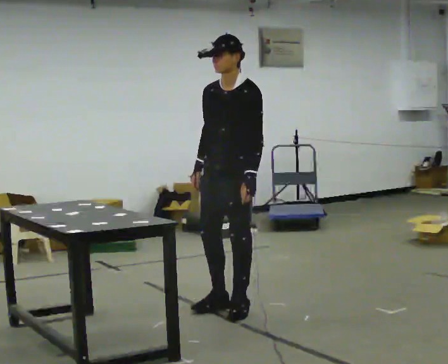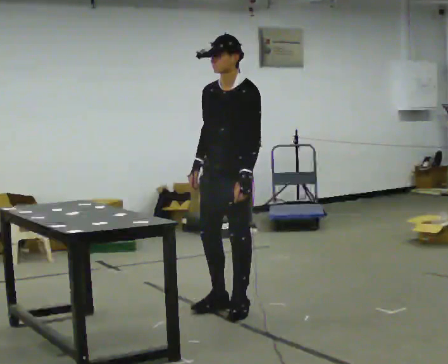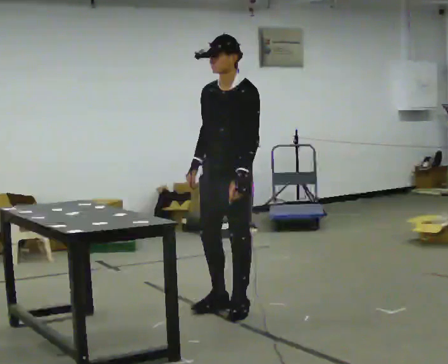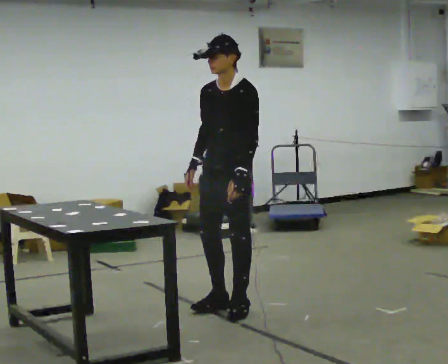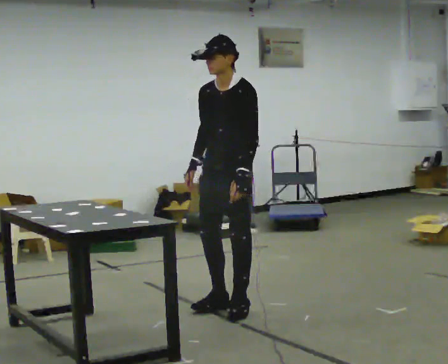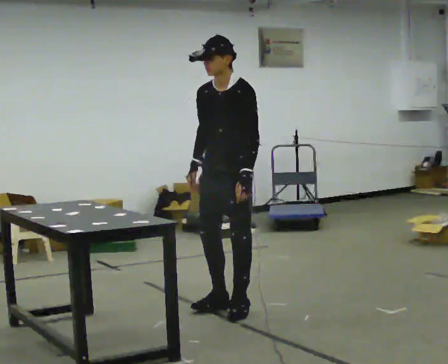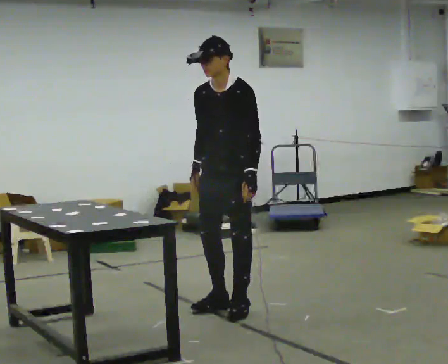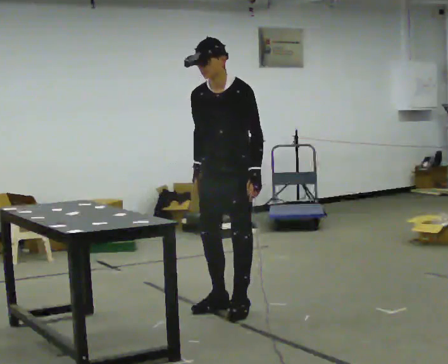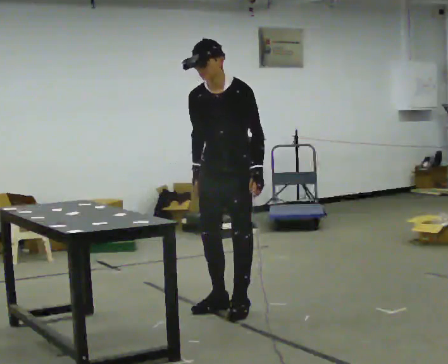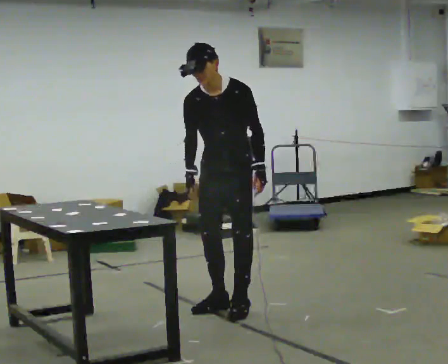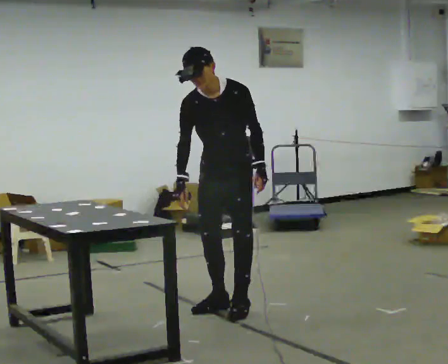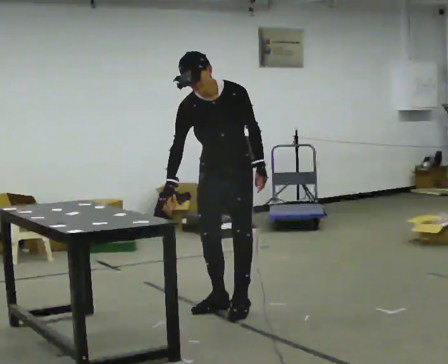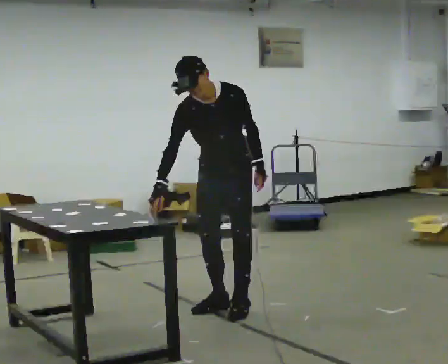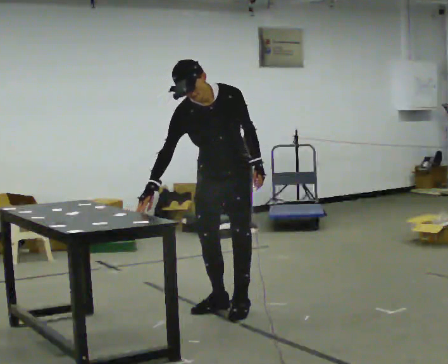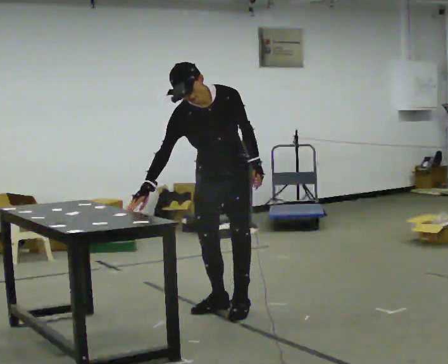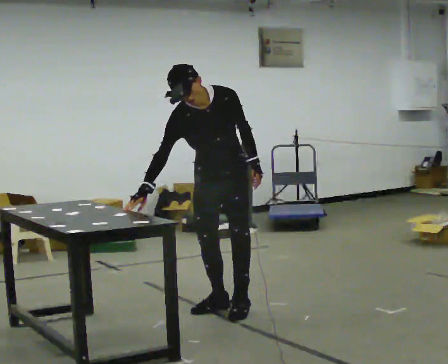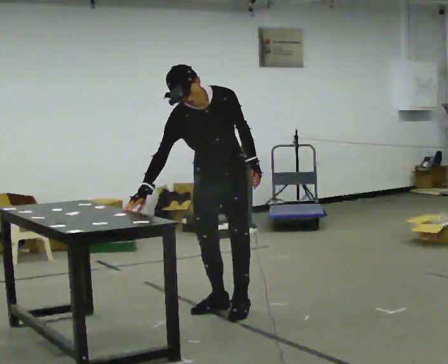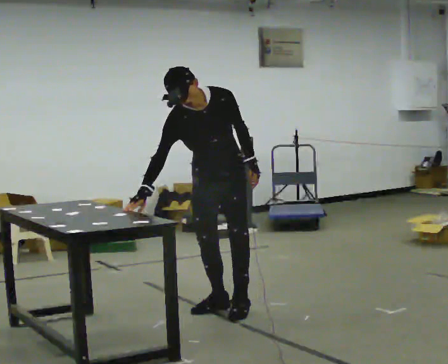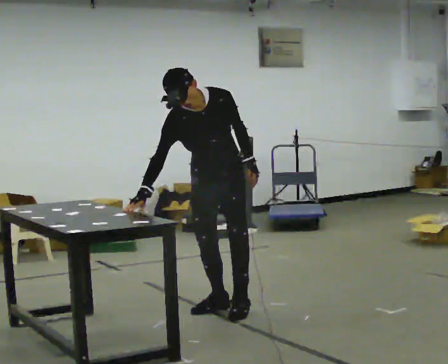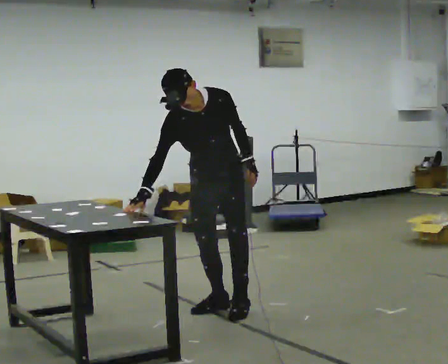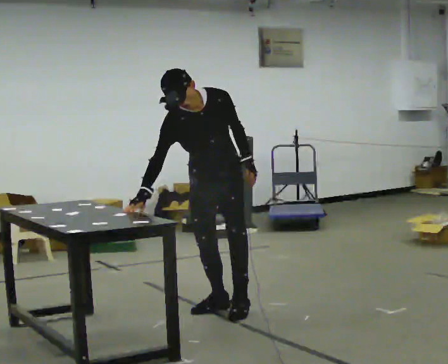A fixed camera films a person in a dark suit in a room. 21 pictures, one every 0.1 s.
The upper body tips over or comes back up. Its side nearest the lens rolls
downward.
0.0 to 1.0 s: The person turns about 30 degrees to their left, counterclockwise seen from above, so the part of the body nearest the lens slides to the right.
1.0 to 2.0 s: The person moves a little, or ends about where they began.
The film runs backward here.
